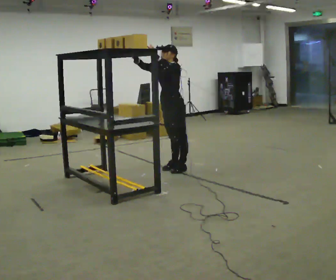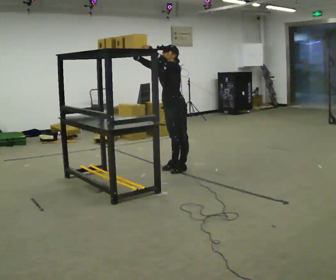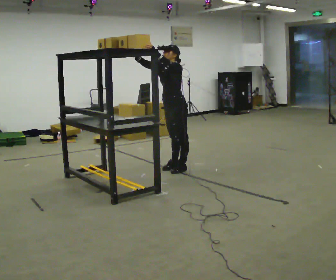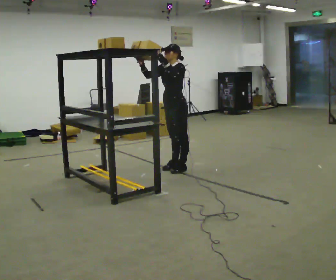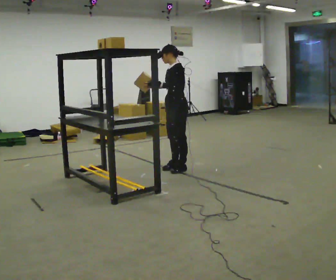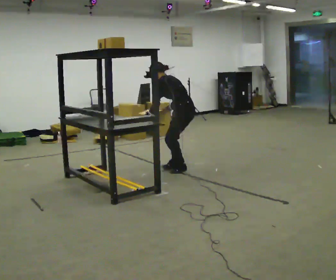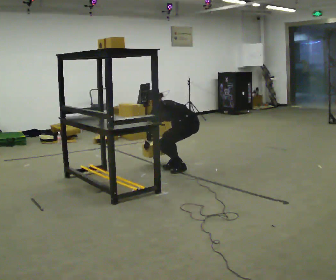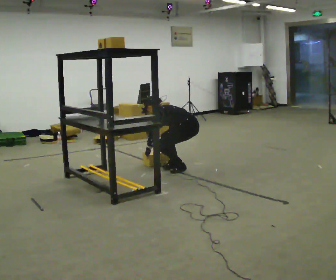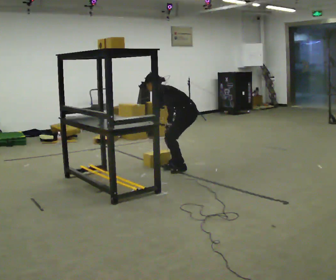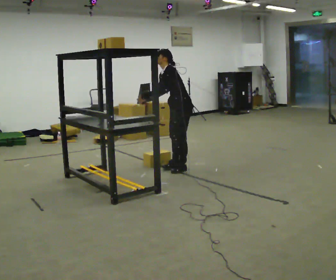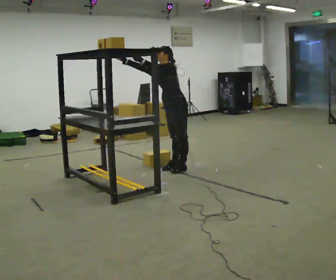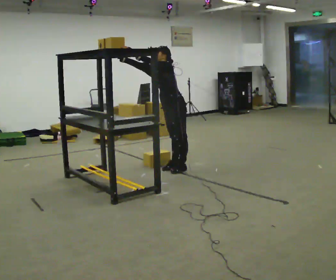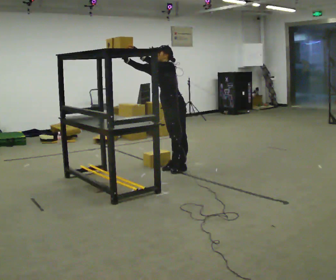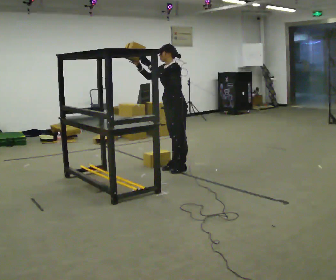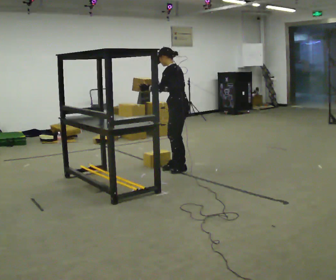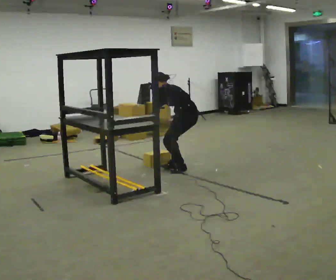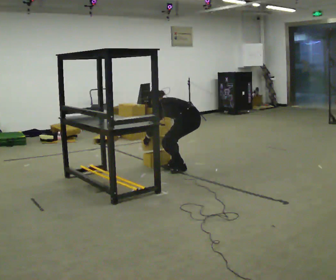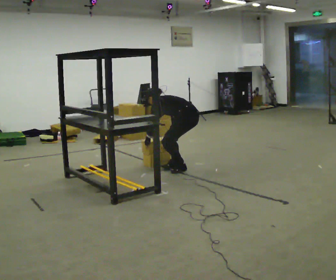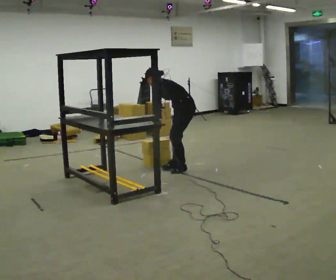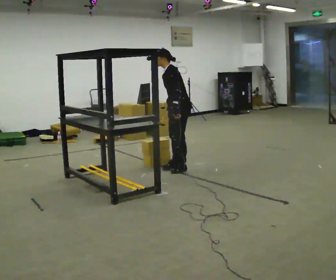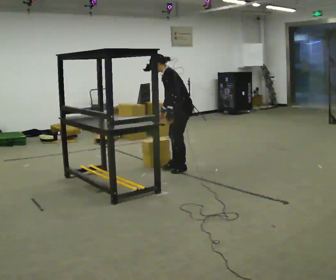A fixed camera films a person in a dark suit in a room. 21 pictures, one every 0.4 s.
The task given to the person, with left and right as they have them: Place the object on the shelf just at the top of your comfortable reach. Repeat at your own pace until the operator says stop. Keep both feet on the marked spots for the whole take. If you have to step, stop and tell the operator.
0.0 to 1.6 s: In the picture their right hand goes downward, the arm swinging counterclockwise.
1.6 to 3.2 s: In the picture their right hand goes downward.
3.2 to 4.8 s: The person turns about 45 degrees to their left, counterclockwise seen from above, so the part of the body nearest the lens slides to the right. In the picture they go to the left, about 0.25 m, which for them is to their right and forward. The shoulders move upward. In the picture the upper body tilts clockwise, shoulders to the right, as they lean back or straighten. In the picture their right hand goes upward and to the left, the arm swinging clockwise.
4.8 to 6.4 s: Seen from above the body turns clockwise, about 60 degrees: to their right, with its near side sliding to the left. In the picture they go to the right, about 0.25 m. The upper body goes downward. The upper body tips away from the camera, its near side rolling upward, as they bend forward. In the picture their right hand goes downward and to the right.
6.4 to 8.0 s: Seen from above the body turns counterclockwise, about 30 degrees: to their left, with its near side sliding to the right. The shoulders move upward. The upper body tips toward the camera, its near side rolling downward. In the picture their left hand goes upward.
The film runs forward here.
